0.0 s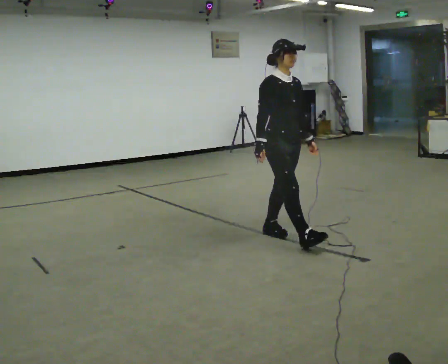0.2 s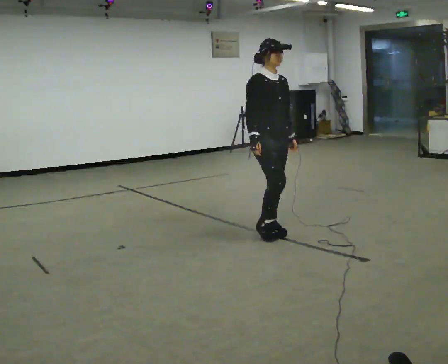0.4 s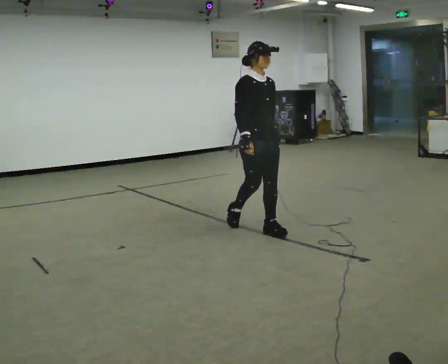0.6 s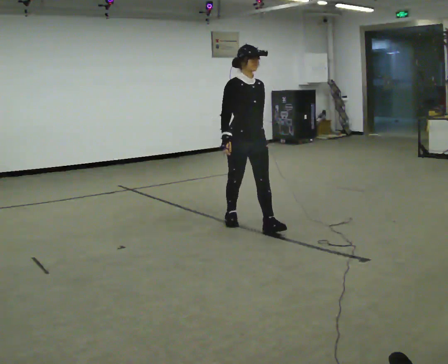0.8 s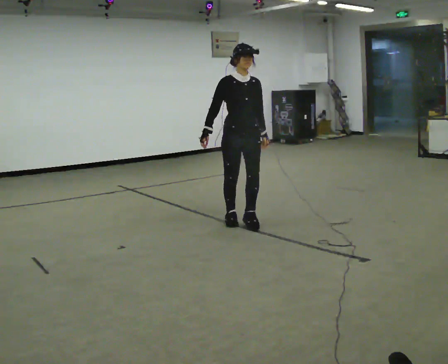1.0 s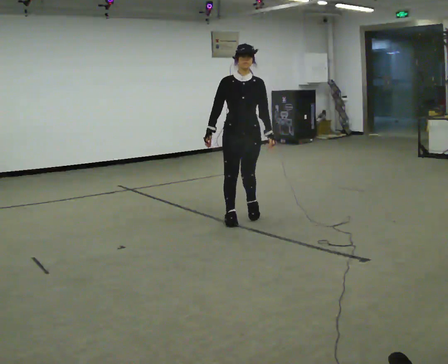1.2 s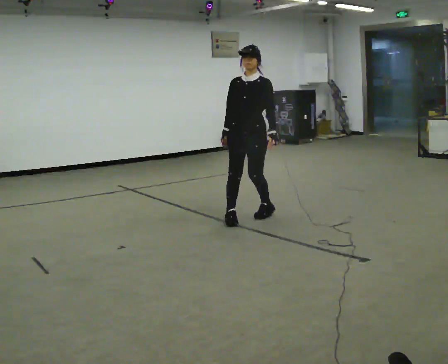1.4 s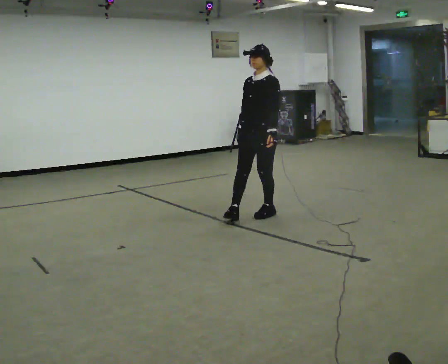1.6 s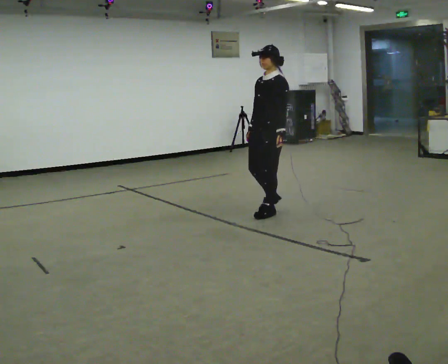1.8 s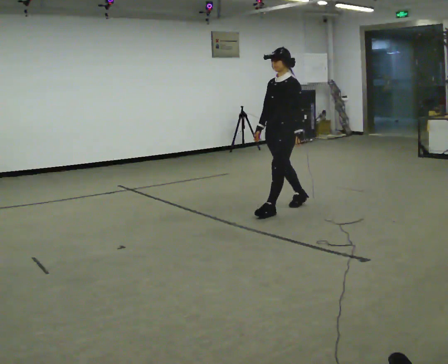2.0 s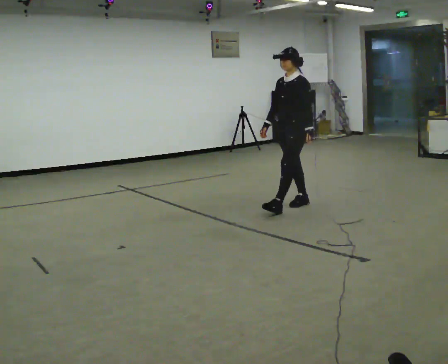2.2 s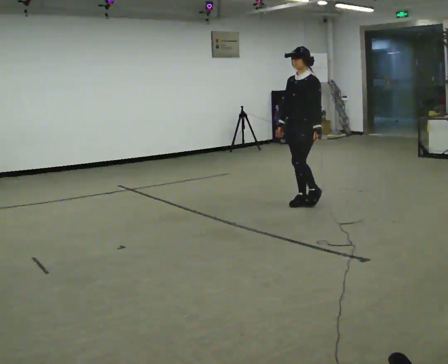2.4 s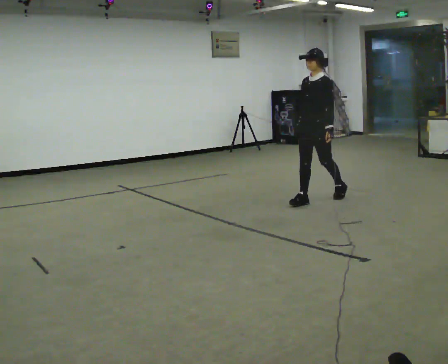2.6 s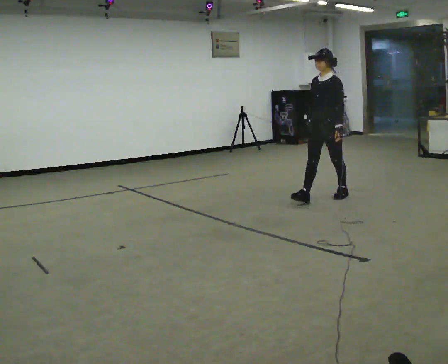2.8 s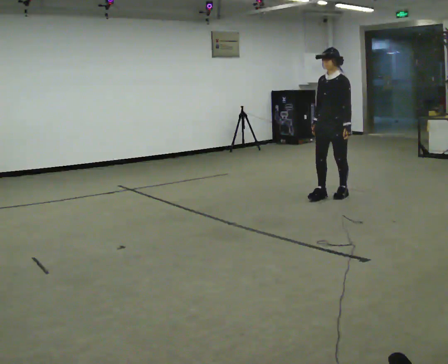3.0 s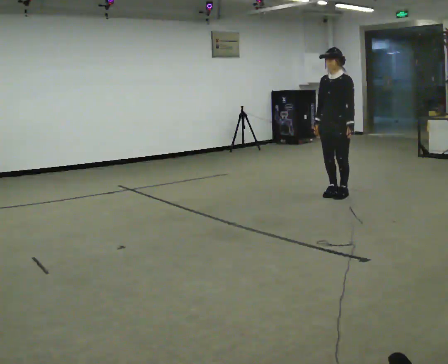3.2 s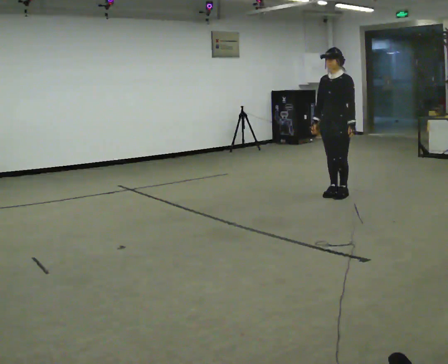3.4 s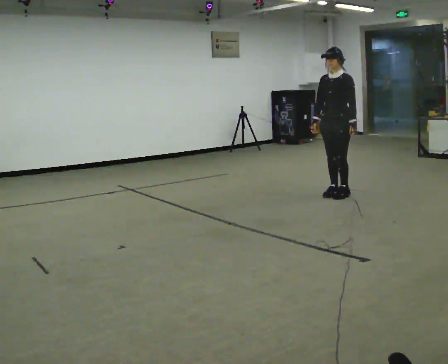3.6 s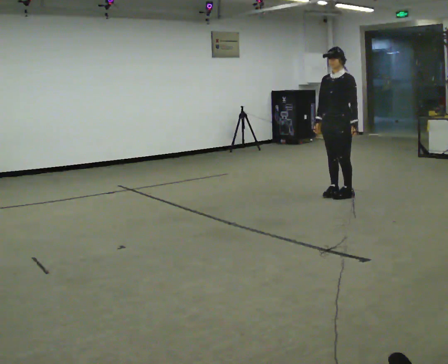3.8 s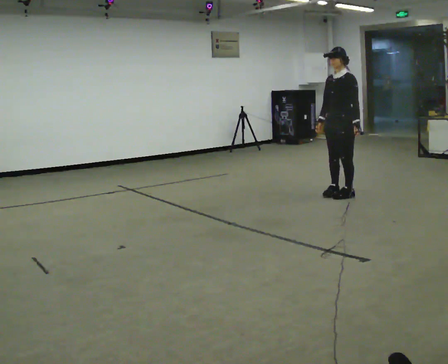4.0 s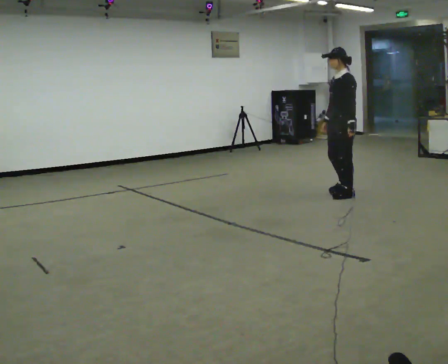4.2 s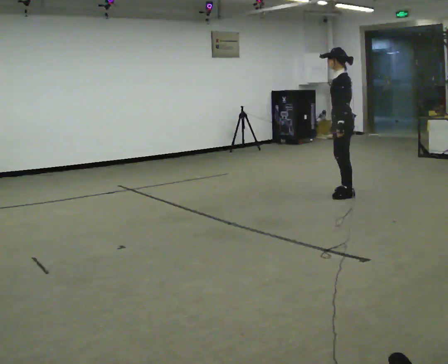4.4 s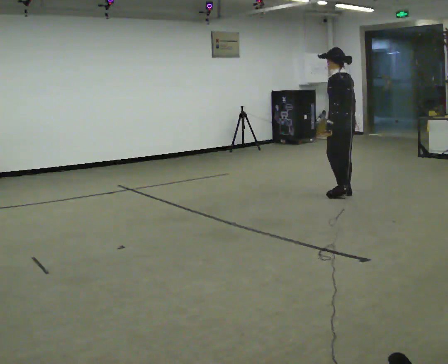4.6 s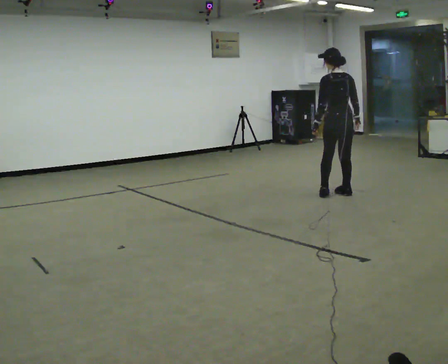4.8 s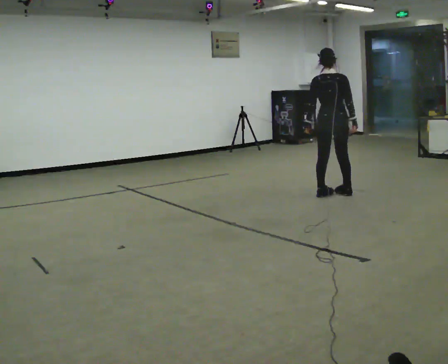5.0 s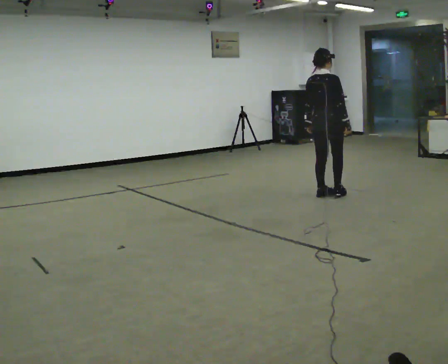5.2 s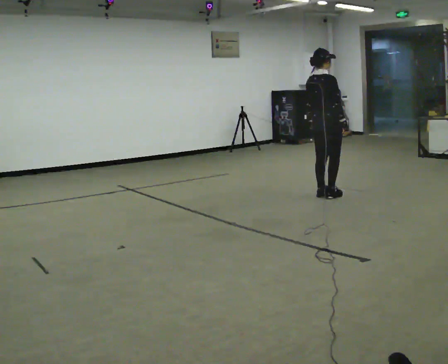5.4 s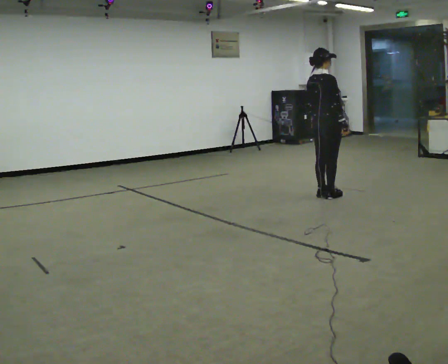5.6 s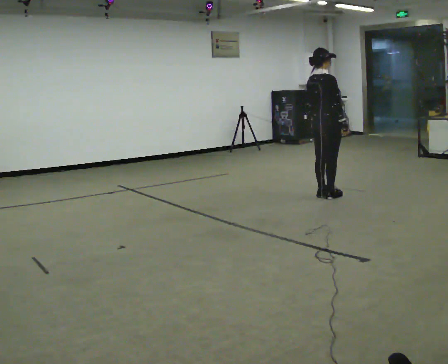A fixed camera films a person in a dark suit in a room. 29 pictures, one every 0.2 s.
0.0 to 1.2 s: Seen from above the body turns clockwise, about 60 degrees: to their right, with its near side sliding to the left. In the picture they go away from the camera and to the left, about 0.5 m in 1 step.
1.2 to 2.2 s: The part of the body nearest the lens slides to the left as the person turns to their right by about 30 degrees. In the picture they go away from the camera and to the right, about 1 m in 2 steps, which for them is backward.
2.2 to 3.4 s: In the picture they go away from the camera and to the right, about 0.5 m in 1 step, which for them is backward.
3.4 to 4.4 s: The person turns about 90 degrees to their right, clockwise seen from above, so the part of the body nearest the lens slides to the left. In the picture their right hand goes to the right, the arm swinging counterclockwise.
4.4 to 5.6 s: The part of the body nearest the lens slides to the left as the person turns to their right by about 105 degrees. In the picture they go to the left, about 0.25 m in 1 step.
The film runs backward here.
